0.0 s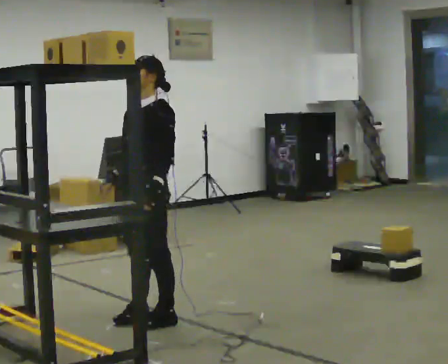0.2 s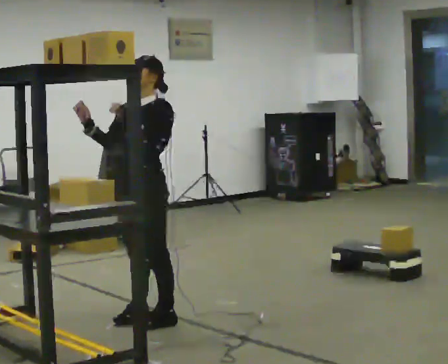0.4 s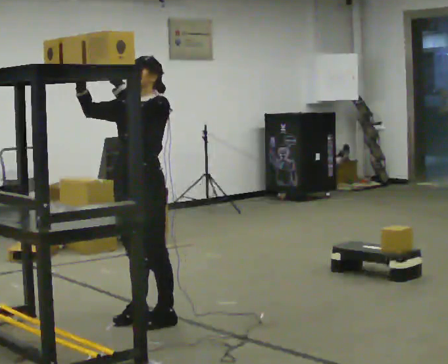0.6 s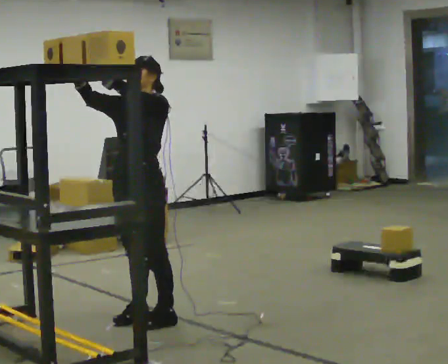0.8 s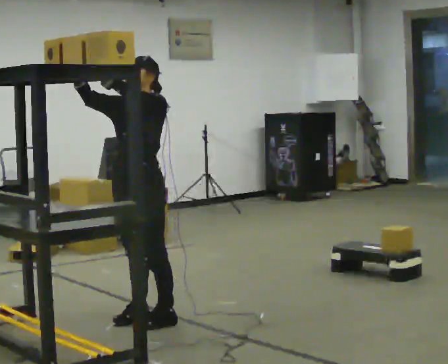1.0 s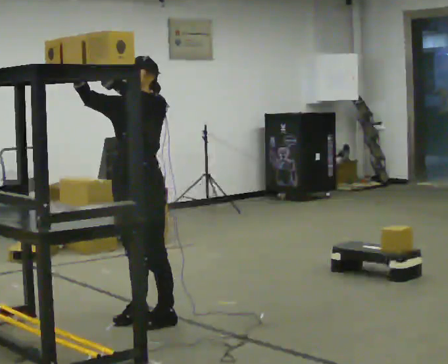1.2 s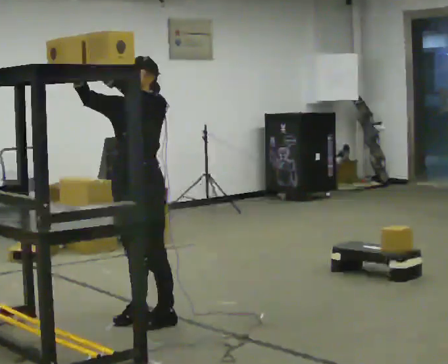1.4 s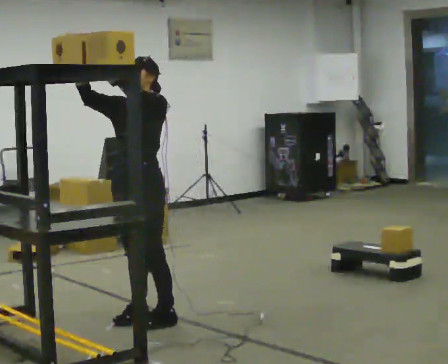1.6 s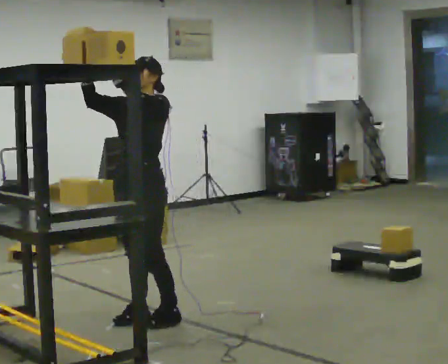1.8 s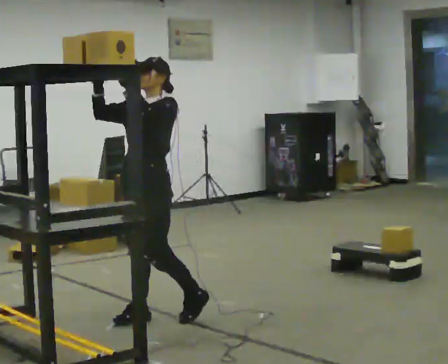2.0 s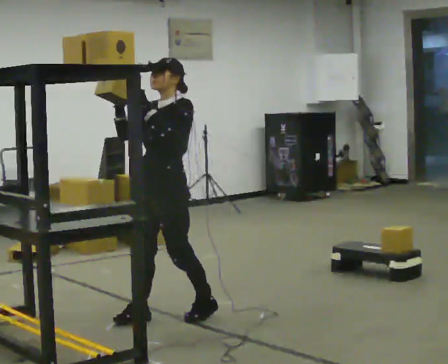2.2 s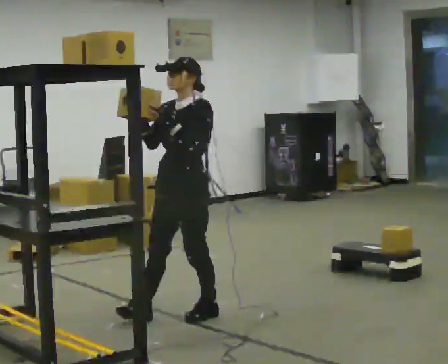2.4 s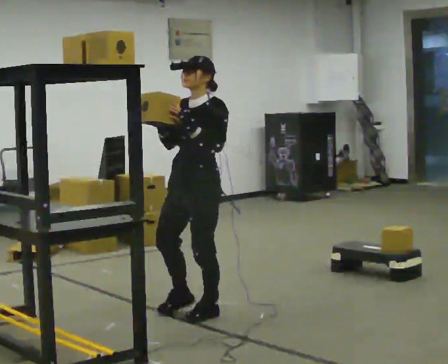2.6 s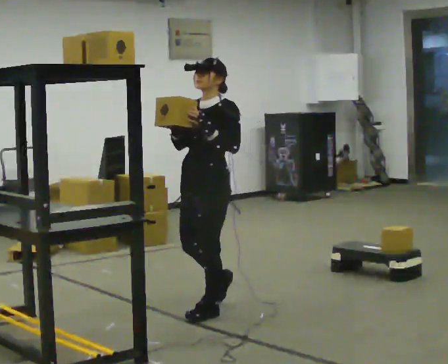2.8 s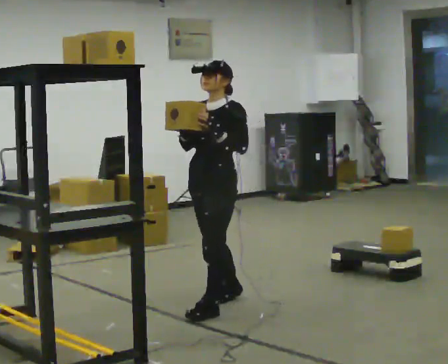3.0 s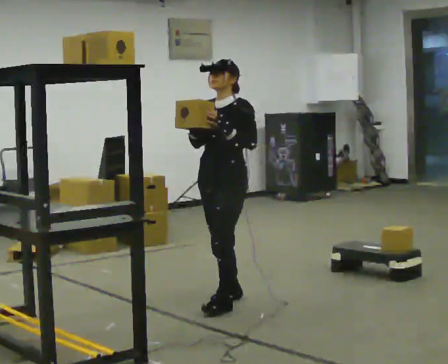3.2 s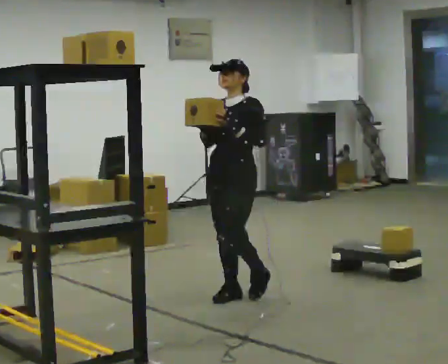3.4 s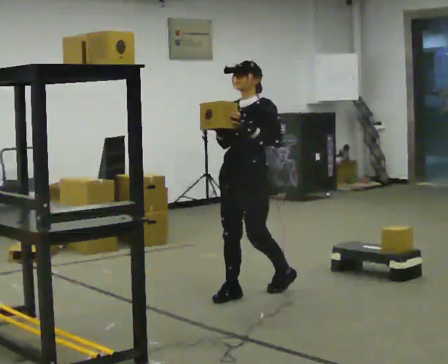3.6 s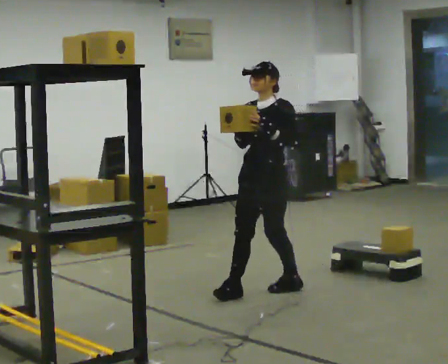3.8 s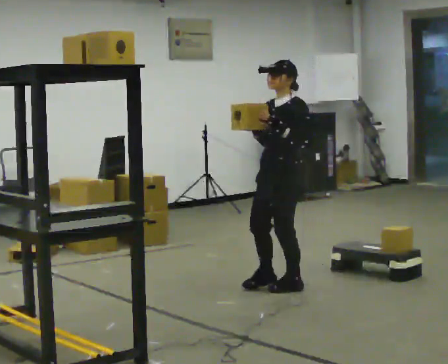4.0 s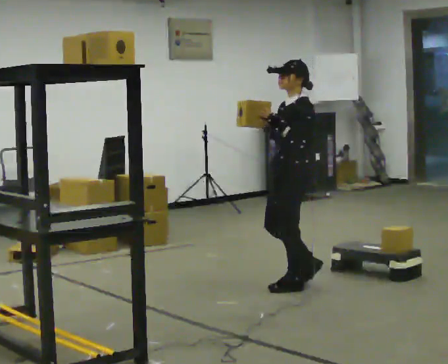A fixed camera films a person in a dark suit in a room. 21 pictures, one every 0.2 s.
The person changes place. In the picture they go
to the right.
0.0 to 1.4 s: In the picture their right hand goes upward, the arm swinging clockwise.
1.4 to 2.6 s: In the picture they go to the right and away from the camera, about 0.5 m in 2 steps, which for them is backward. In the picture their left hand goes downward.
2.6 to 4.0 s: Seen from above the body turns clockwise, about 45 degrees: to their right, with its near side sliding to the left. In the picture they go to the right and away from the camera, about 0.5 m in 2 steps, which for them is backward.
The film runs backward here.
